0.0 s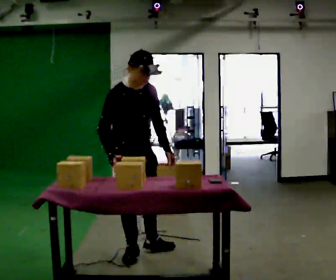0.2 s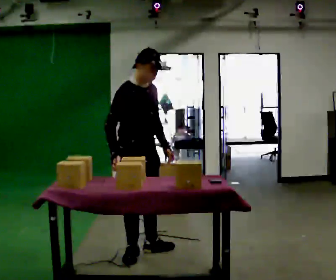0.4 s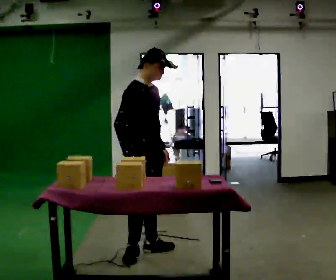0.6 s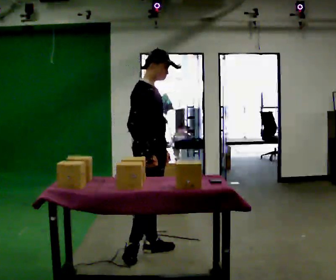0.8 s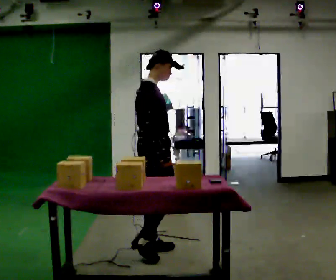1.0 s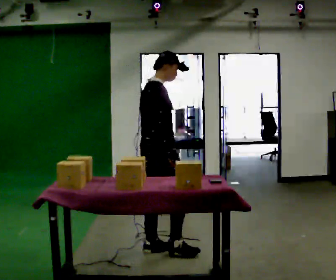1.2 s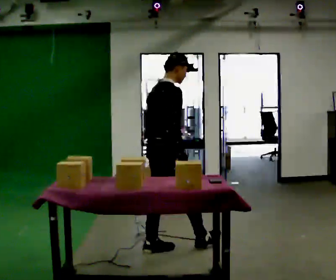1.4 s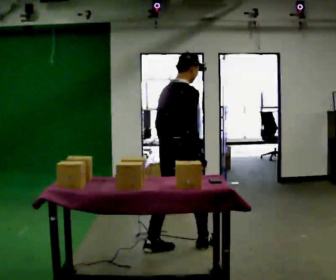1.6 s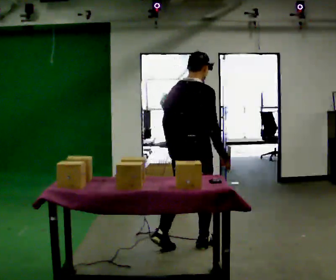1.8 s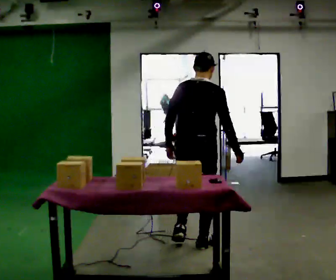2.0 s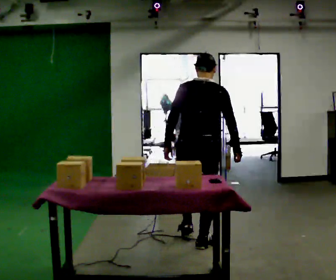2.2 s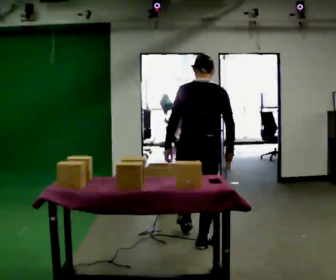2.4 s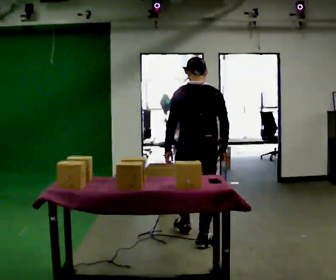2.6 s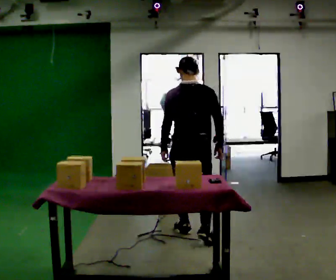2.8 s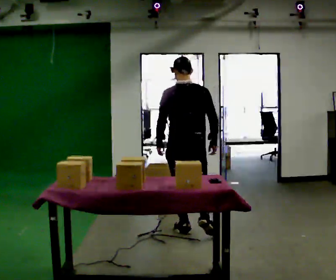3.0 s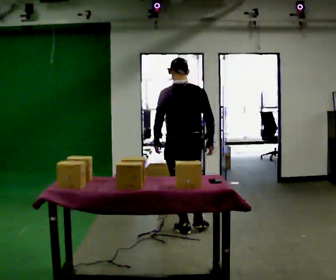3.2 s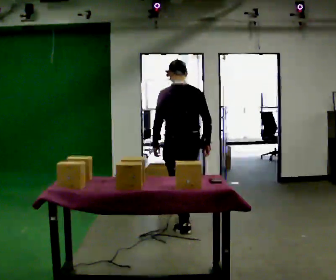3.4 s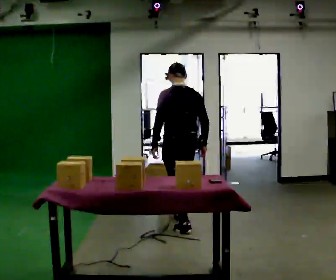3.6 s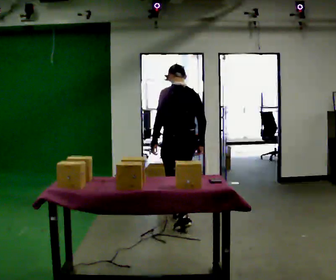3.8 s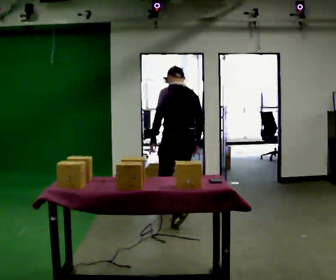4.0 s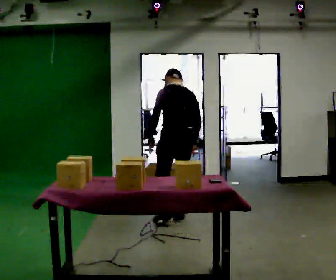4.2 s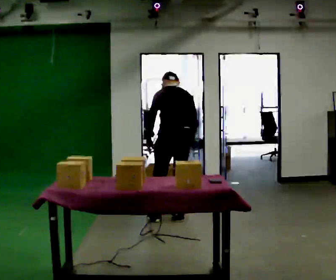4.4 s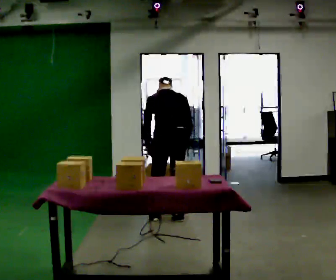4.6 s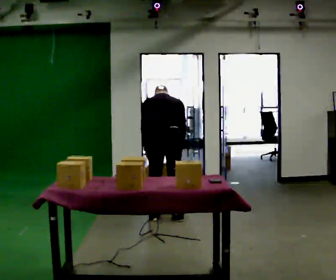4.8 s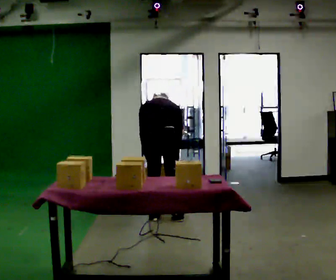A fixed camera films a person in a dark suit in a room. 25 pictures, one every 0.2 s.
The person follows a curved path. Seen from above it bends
counterclockwise.
The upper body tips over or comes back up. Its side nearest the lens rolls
upward.
0.0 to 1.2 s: Seen from above the body turns counterclockwise, about 75 degrees: to their left, with its near side sliding to the right. In the picture they go to the right and away from the camera, about 0.25 m.
1.2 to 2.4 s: Seen from above the body turns counterclockwise, about 60 degrees: to their left, with its near side sliding to the right. In the picture they go away from the camera and to the right, about 0.5 m in 2 steps, which for them is forward.
2.4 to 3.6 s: The person turns about 30 degrees to their left, counterclockwise seen from above, so the part of the body nearest the lens slides to the right. In the picture they go away from the camera, about 0.75 m in 1 step, which for them is forward.
3.6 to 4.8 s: The person turns about 30 degrees to their right, clockwise seen from above, so the part of the body nearest the lens slides to the left. In the picture they go to the left, about 0.25 m in 1 step, which for them is to their left and forward. The upper body goes downward. The upper body tips away from the camera, its near side rolling upward, as they bend forward.
The film runs forward here.
